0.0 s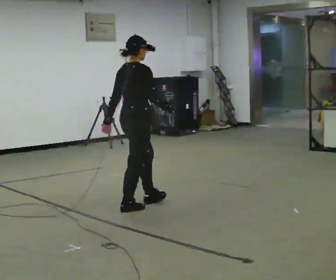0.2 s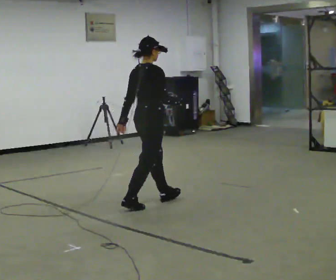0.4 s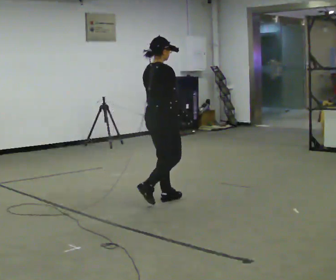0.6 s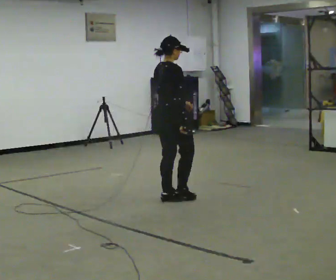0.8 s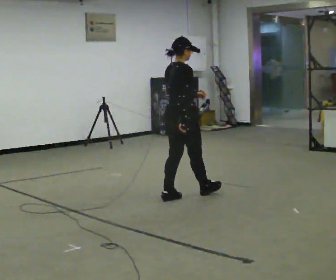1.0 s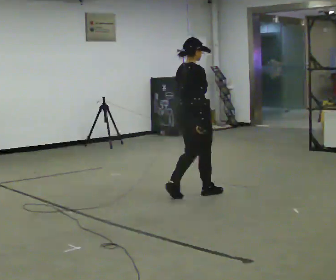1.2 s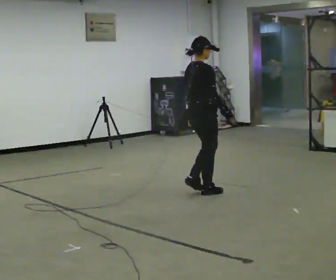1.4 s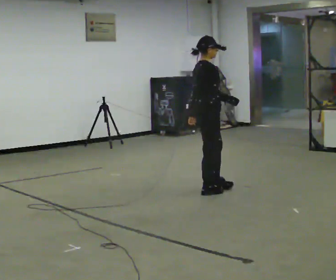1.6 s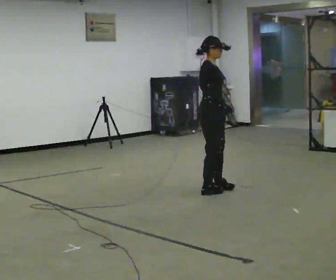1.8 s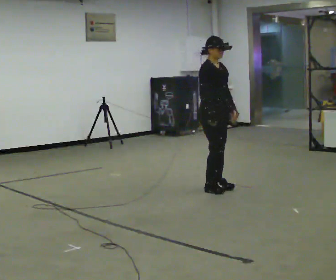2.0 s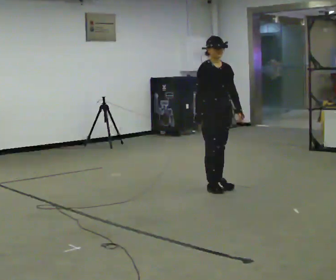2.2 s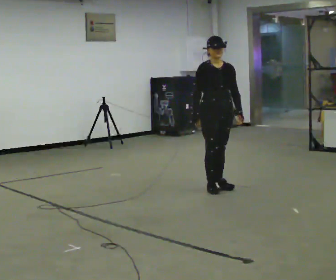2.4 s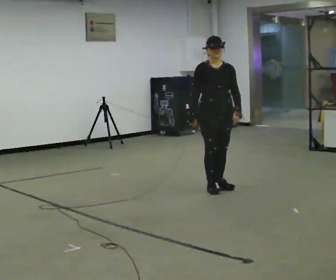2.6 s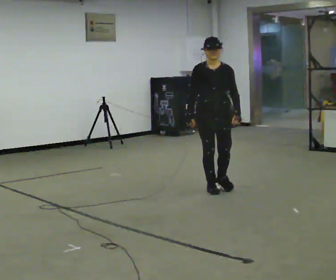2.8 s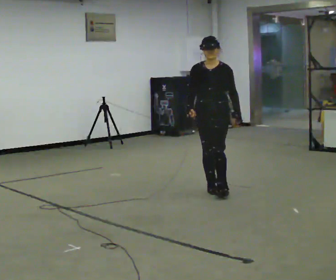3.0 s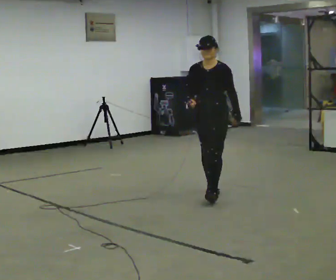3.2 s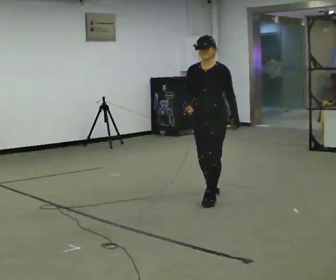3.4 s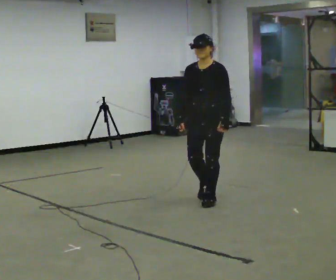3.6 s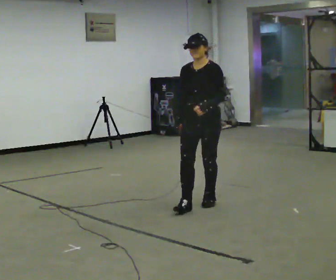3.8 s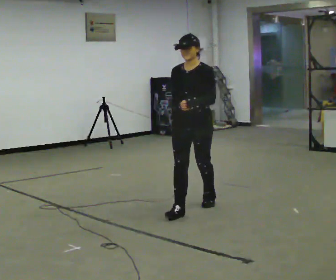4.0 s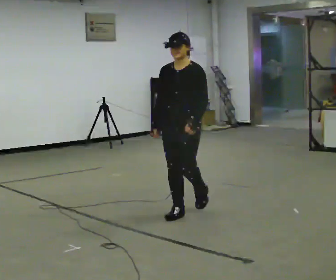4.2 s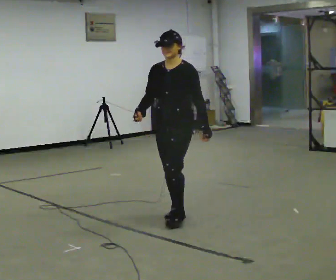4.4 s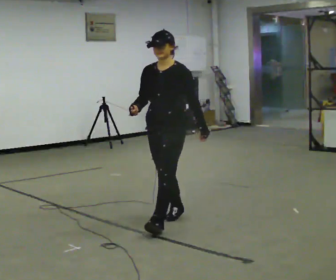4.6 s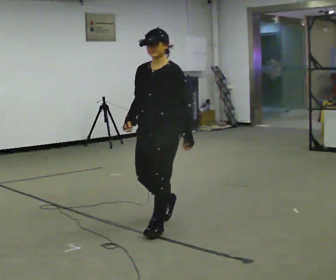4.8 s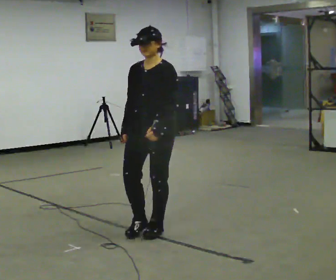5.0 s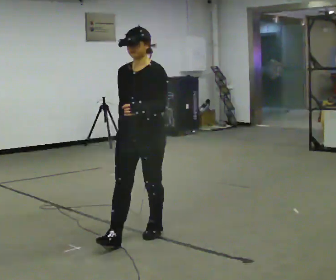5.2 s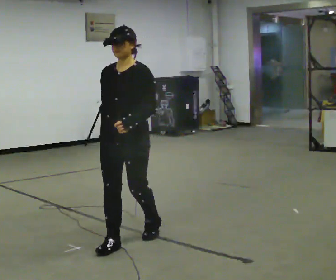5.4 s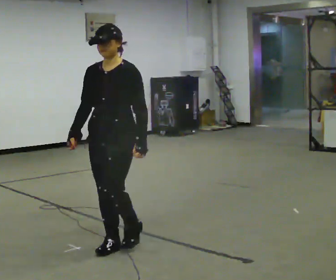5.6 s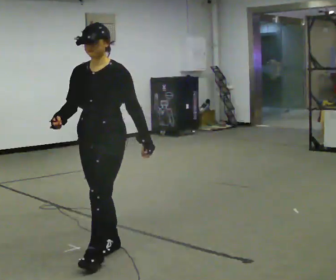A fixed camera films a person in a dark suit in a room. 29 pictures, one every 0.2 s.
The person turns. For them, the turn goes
to their right.
The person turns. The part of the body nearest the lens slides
to the left.
0.0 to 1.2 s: In the picture they go to the right and away from the camera, about 1 m in 2 steps, which for them is forward.
1.2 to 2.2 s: The part of the body nearest the lens slides to the left as the person turns to their right by about 90 degrees. In the picture they go away from the camera and to the right, about 0.25 m in 2 steps.
2.2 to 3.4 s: The part of the body nearest the lens slides to the left as the person turns to their right by about 60 degrees. In the picture they go toward the camera, about 0.5 m in 1 step, which for them is forward.
3.4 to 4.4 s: In the picture they go toward the camera and to the left, about 1 m in 1 step, which for them is forward.
4.4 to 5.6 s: In the picture they go toward the camera and to the left, about 1 m in 2 steps, which for them is forward.
The film runs forward here.
